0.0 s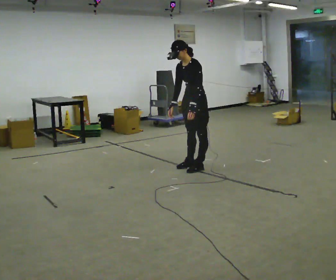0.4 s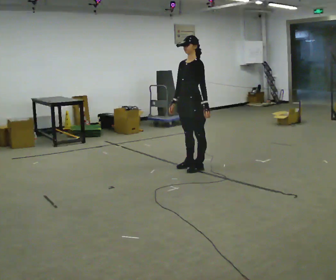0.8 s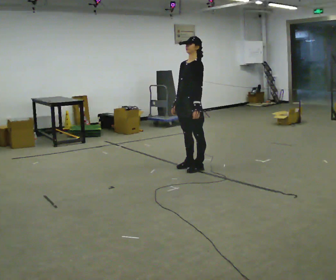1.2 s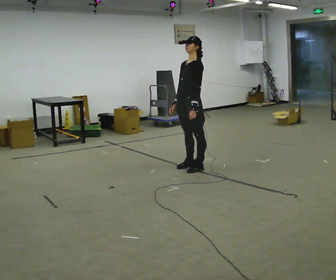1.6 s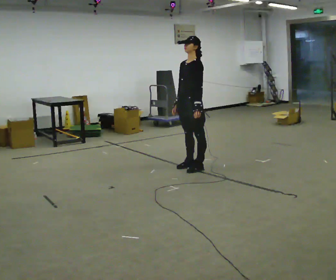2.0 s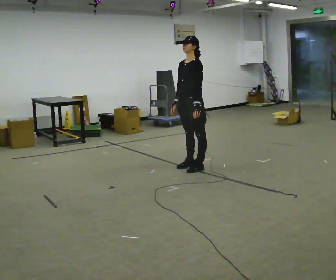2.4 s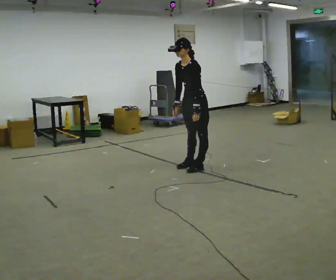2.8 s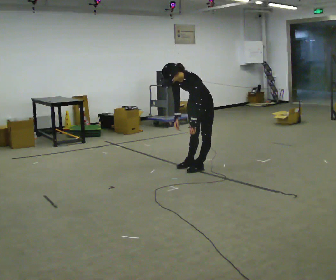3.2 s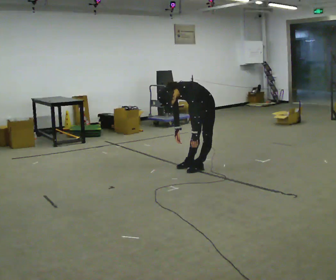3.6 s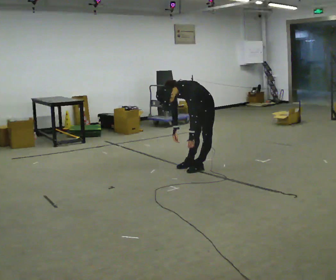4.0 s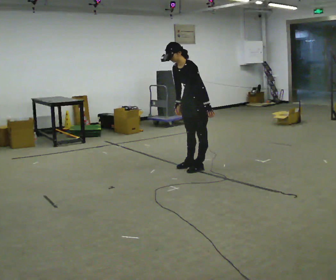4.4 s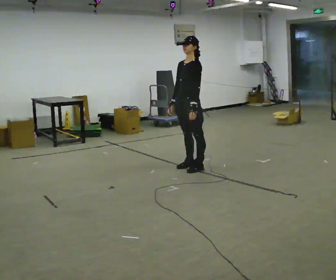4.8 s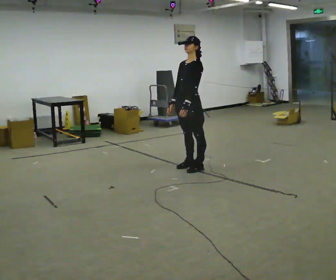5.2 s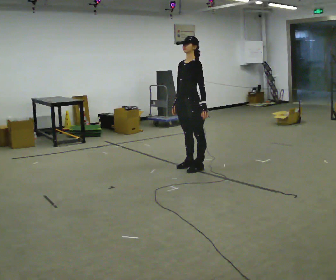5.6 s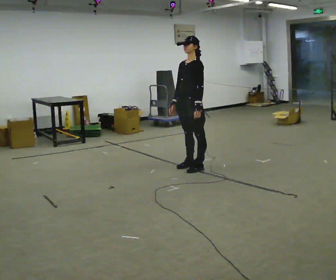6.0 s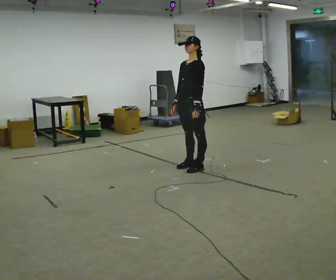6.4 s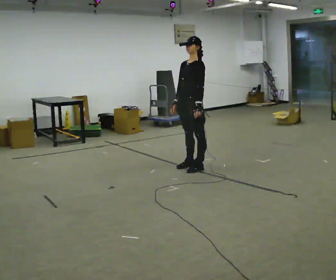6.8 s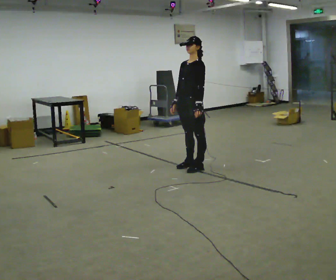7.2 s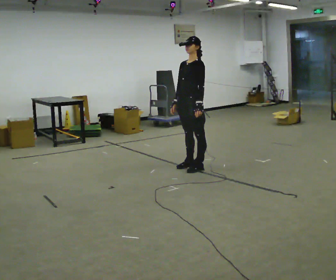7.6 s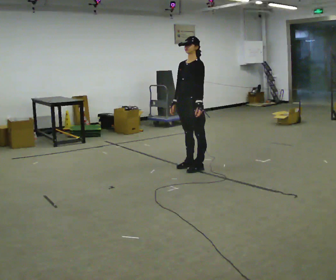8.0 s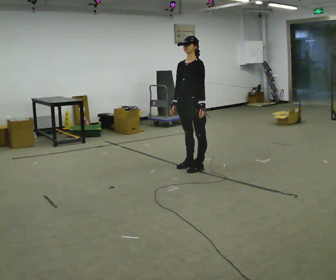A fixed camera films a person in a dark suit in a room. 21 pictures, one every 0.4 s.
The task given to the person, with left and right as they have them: Keeping your feet still, reach down toward the floor in front and to each side, then return to standing. Repeat the movement at your own pace until the operator says stop; do not rush.
0.0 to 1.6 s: The person moves a little, or ends about where they began.
1.6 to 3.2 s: The shoulders move downward. In the picture the upper body tilts counterclockwise, shoulders to the left, as they bend forward. In the picture their left hand goes downward.
3.2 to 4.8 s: In the picture they go to the left, about 0.25 m, which for them is forward. The upper body goes upward. In the picture the upper body tilts clockwise, shoulders to the right, as they lean back or straighten. In the picture their left hand goes upward.
4.8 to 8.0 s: The person moves a little, or ends about where they began.
The film runs forward here.
